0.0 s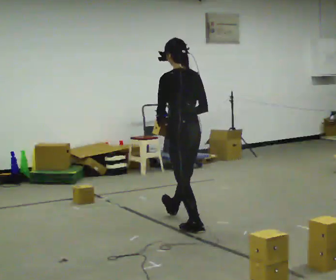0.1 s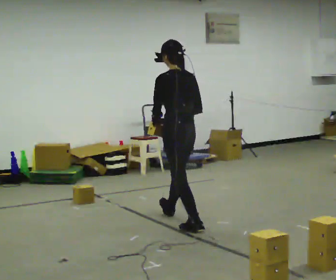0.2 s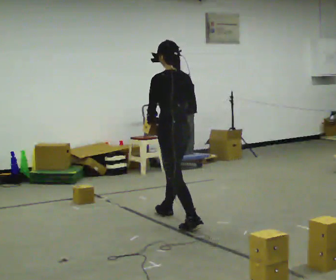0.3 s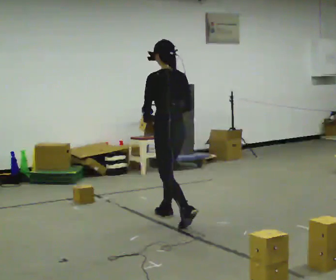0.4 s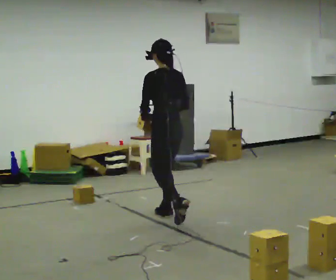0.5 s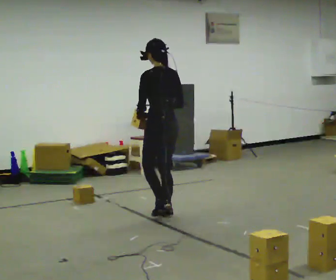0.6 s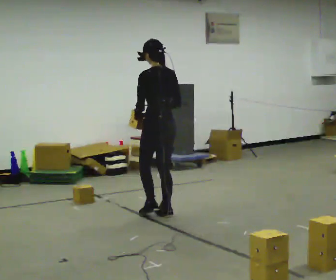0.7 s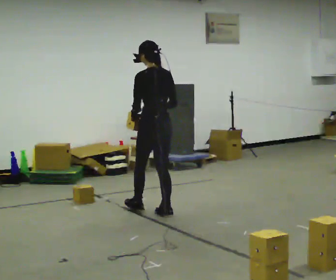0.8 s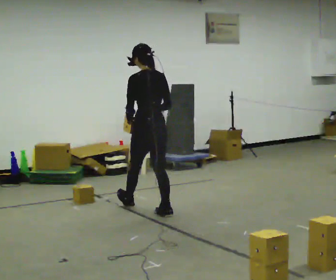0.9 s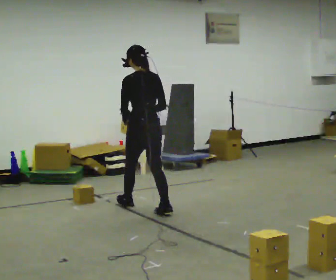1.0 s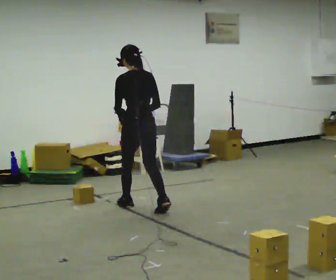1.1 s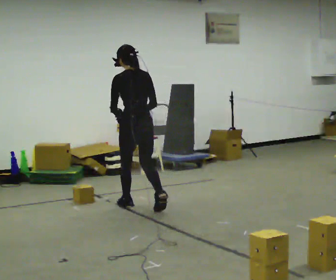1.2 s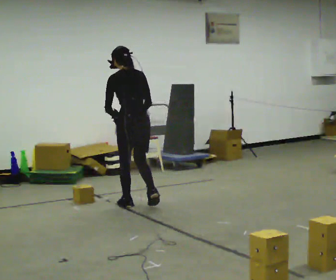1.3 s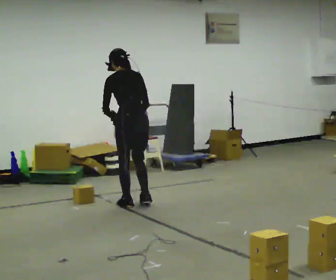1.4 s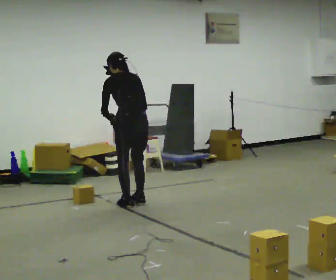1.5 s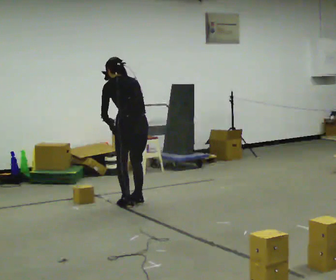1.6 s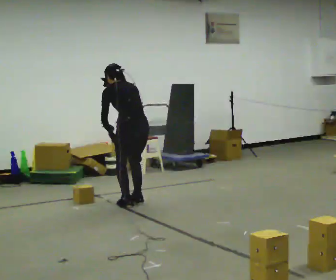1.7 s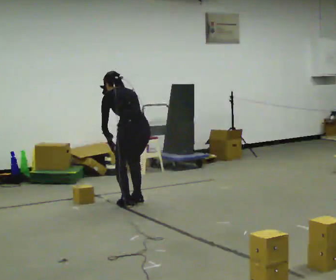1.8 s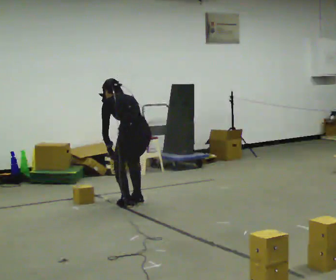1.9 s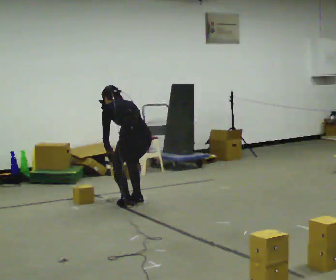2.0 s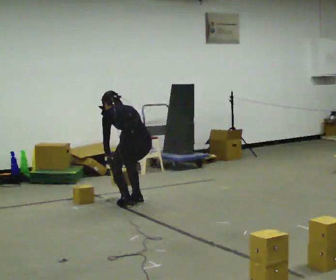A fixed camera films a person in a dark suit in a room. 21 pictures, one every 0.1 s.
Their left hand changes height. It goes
downward.
Their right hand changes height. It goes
downward.
0.0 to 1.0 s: In the picture they go away from the camera and to the left, about 1 m in 2 steps, which for them is forward.
1.0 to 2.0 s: The upper body goes downward. The upper body tips away from the camera, its near side rolling upward, as they bend forward. In the picture their right hand goes downward.
The film runs forward here.
